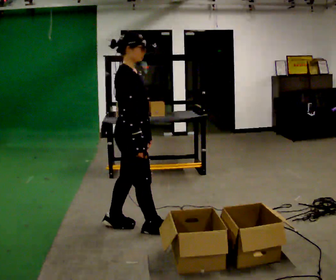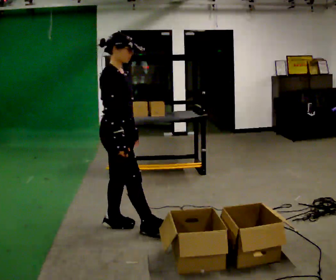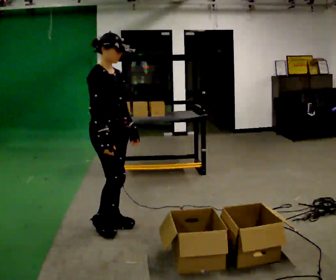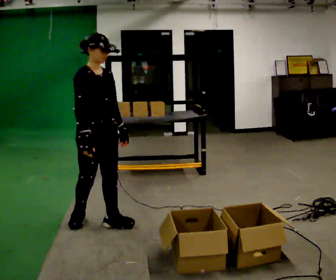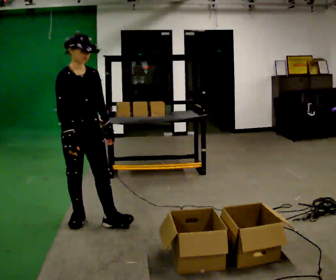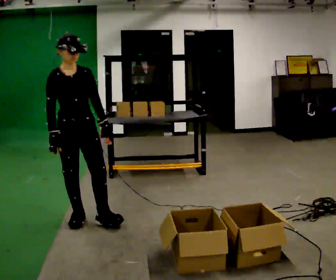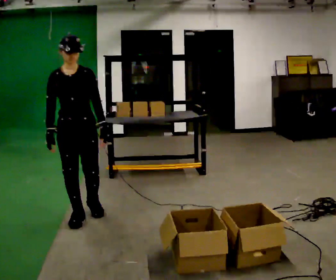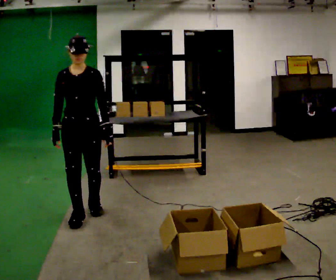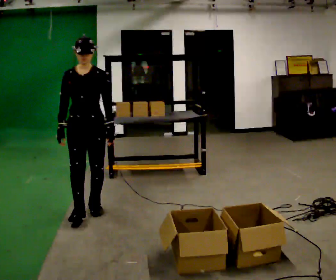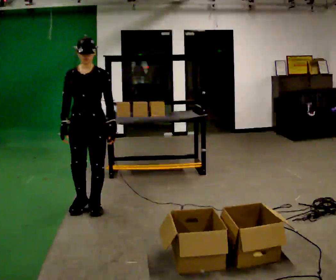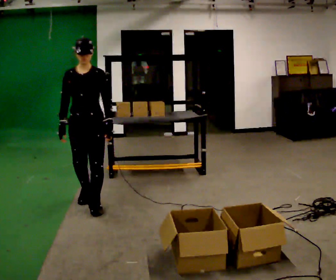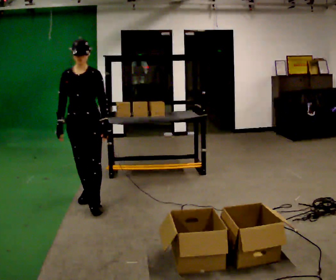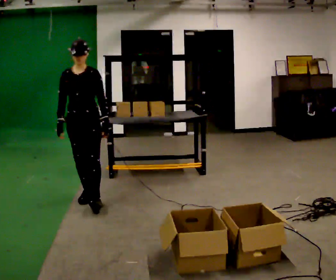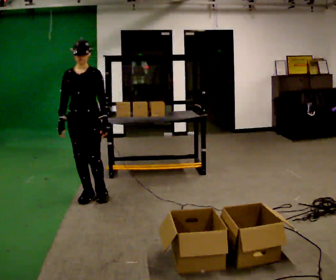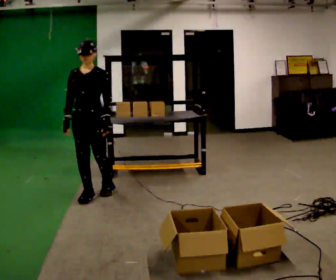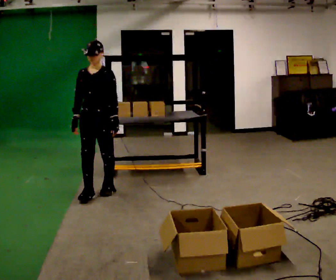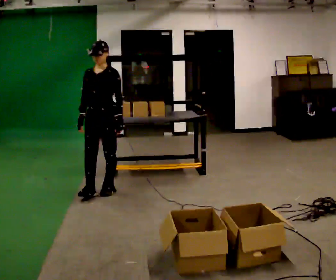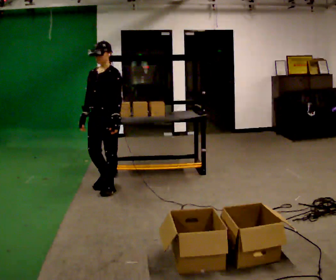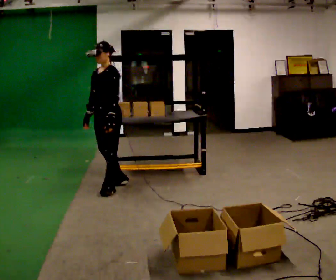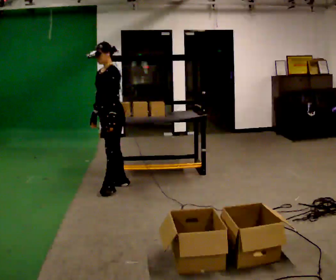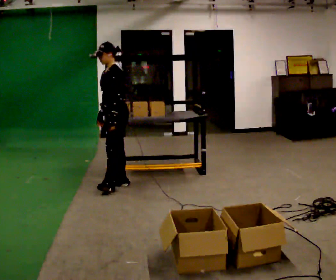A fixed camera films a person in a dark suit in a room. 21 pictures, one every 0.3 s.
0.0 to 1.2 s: The part of the body nearest the lens slides to the left as the person turns to their right by about 45 degrees. In the picture they go to the left and away from the camera, about 0.5 m in 1 step, which for them is backward.
1.2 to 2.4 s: Seen from above the body turns clockwise, about 30 degrees: to their right, with its near side sliding to the left. In the picture they go away from the camera, about 0.25 m in 1 step, which for them is backward.
2.4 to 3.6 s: In the picture they go away from the camera, about 0.25 m in 1 step, which for them is backward.
3.6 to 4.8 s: In the picture they go away from the camera and to the right, about 0.25 m in 2 steps, which for them is backward.
4.8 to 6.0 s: The part of the body nearest the lens slides to the left as the person turns to their right by about 45 degrees. In the picture they go away from the camera and to the right, about 0.25 m, which for them is backward.
The film runs backward here.
